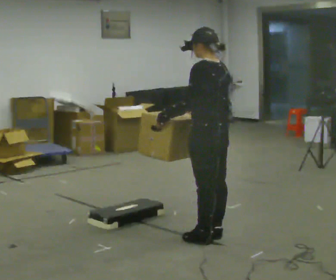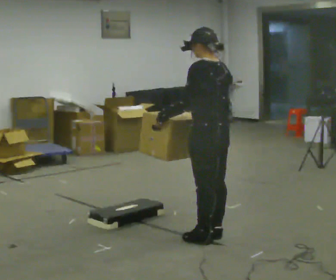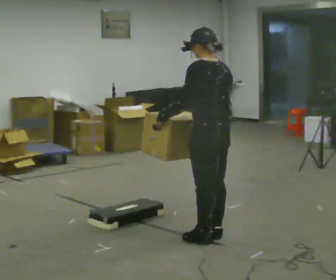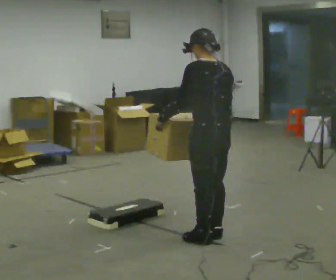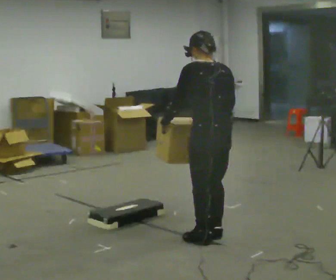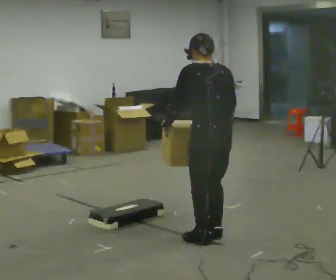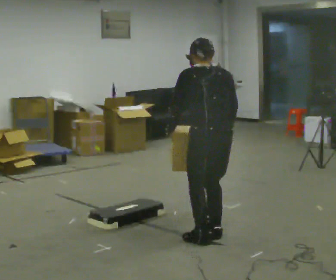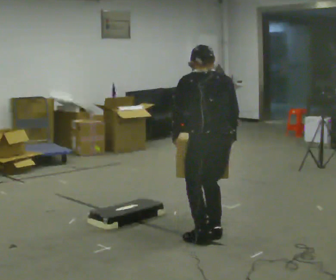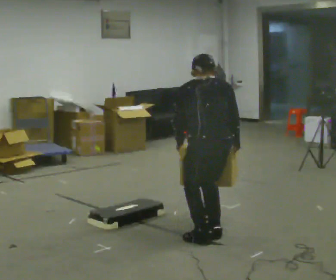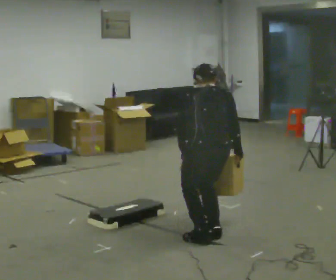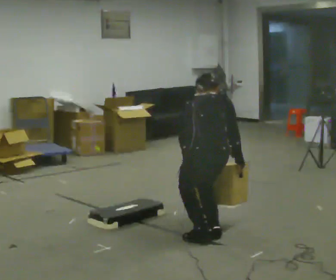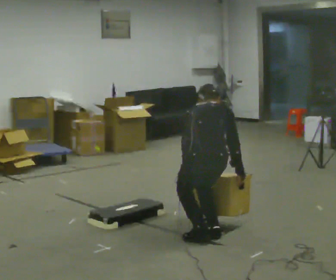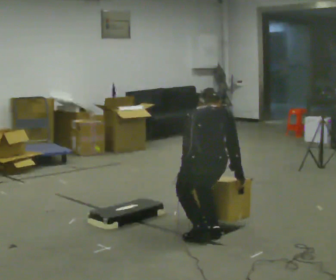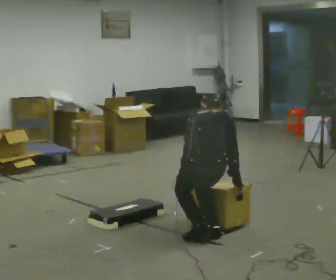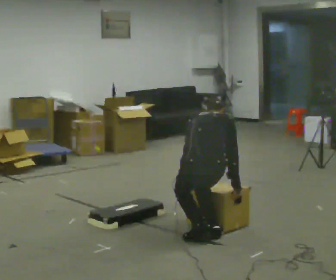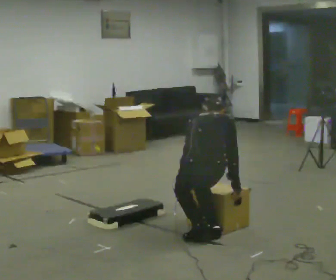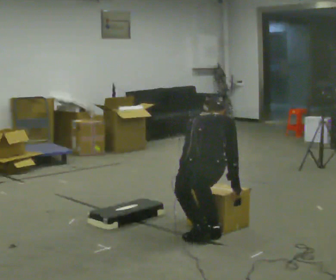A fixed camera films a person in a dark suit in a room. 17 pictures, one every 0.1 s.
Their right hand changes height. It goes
downward.
The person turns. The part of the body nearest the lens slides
to the left.
0.0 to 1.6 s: The part of the body nearest the lens slides to the left as the person turns to their right by about 75 degrees. The shoulders move downward. The upper body tips away from the camera, its near side rolling upward, as they bend forward. In the picture their right hand goes downward.
The film runs backward here.
